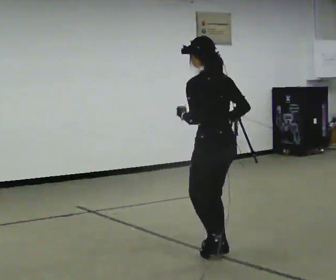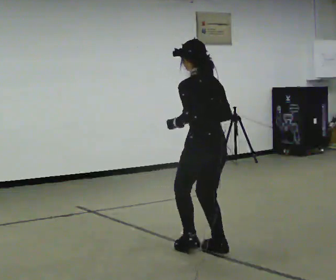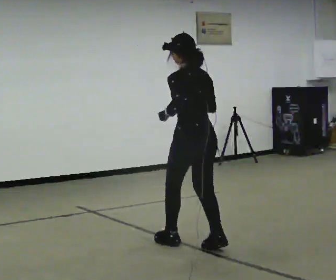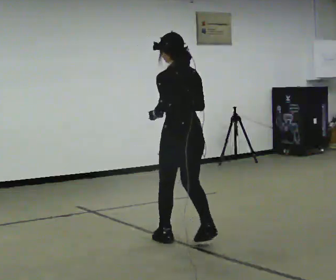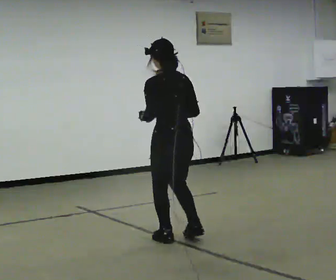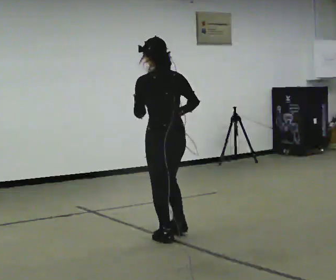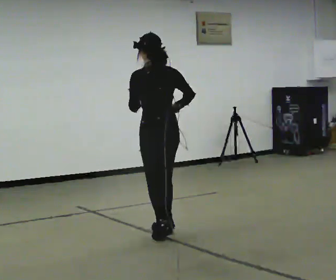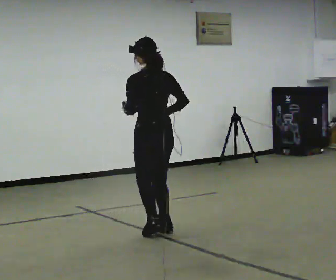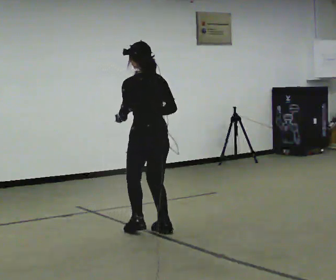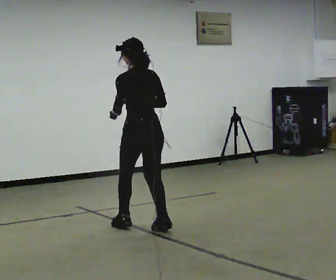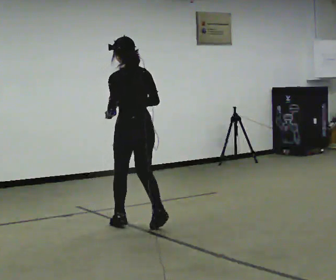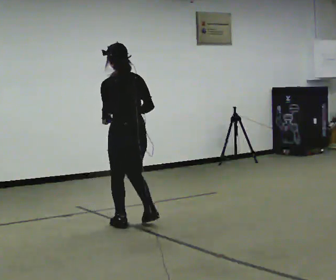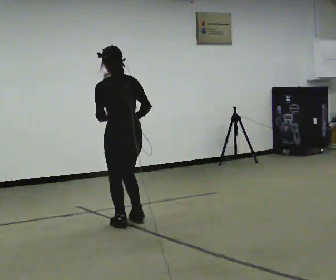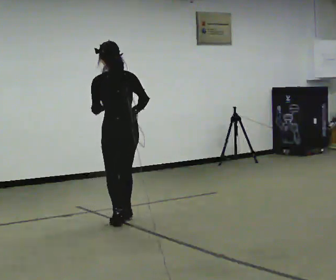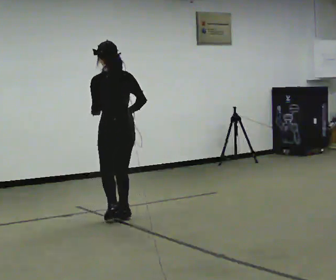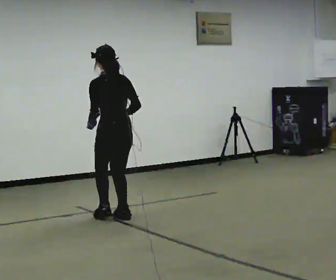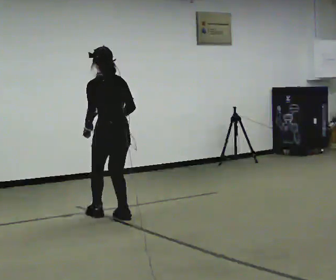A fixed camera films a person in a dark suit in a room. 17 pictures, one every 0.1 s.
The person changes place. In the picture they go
away from the camera.
0.0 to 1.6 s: In the picture they go away from the camera and to the left, about 1.5 m in 4 steps, which for them is forward.
The film runs backward here.
